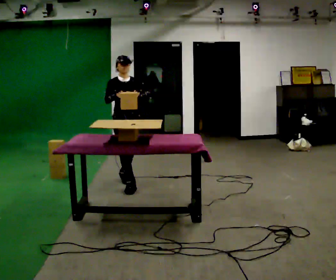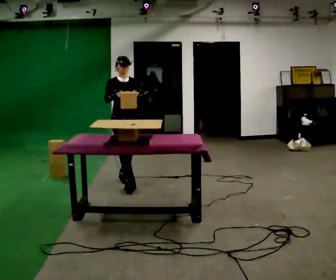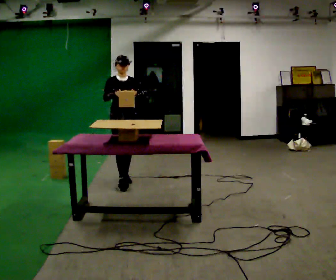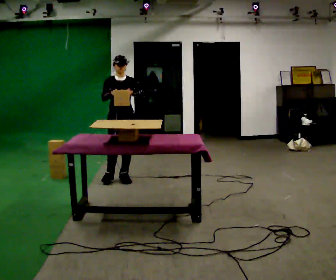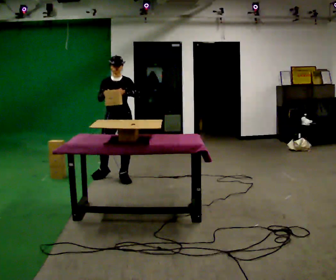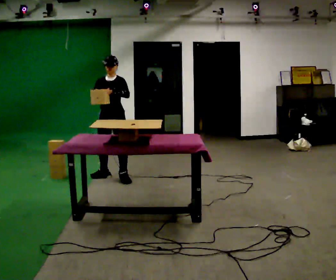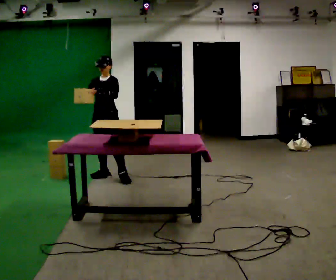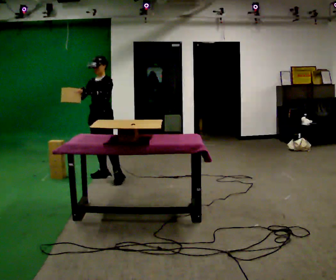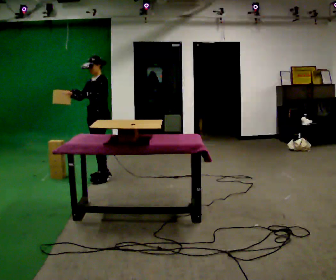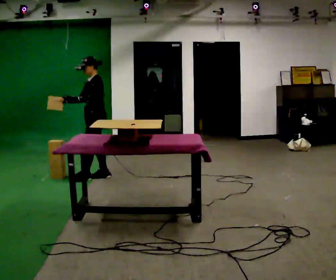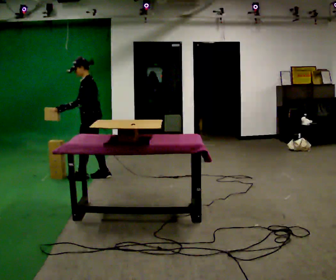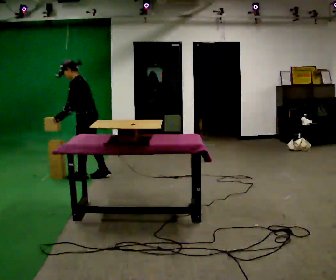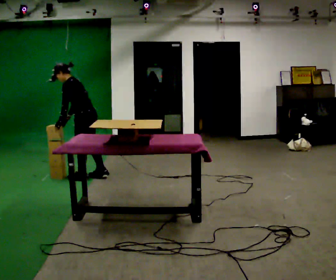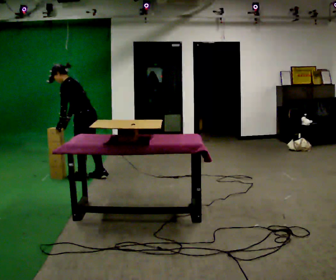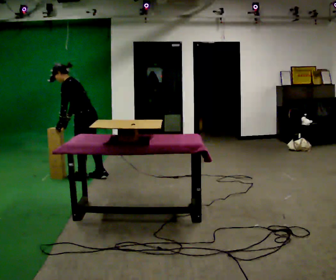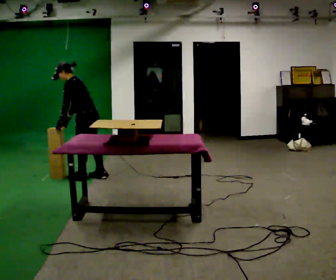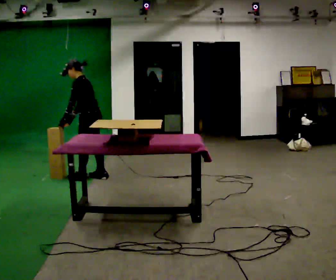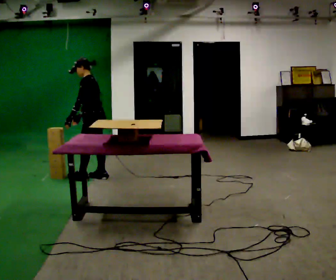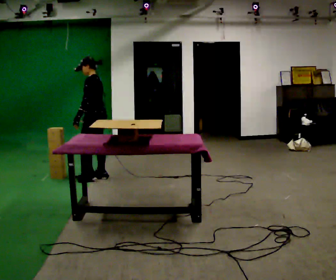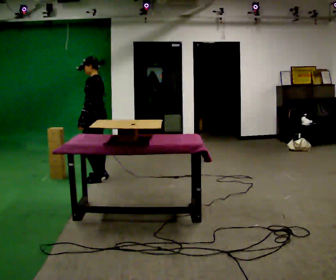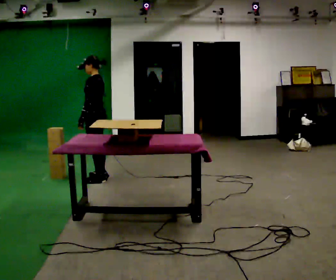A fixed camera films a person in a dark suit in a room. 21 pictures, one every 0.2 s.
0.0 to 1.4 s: The part of the body nearest the lens slides to the left as the person turns to their right by about 60 degrees. In the picture they go away from the camera and to the left, about 0.5 m in 2 steps, which for them is backward and to their right.
1.4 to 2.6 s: Seen from above the body turns clockwise, about 75 degrees: to their right, with its near side sliding to the left. In the picture they go to the left, about 0.25 m. In the picture the upper body tilts counterclockwise, shoulders to the left, as they bend forward. In the picture their right hand goes downward, the arm swinging counterclockwise.
2.6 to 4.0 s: In the picture the upper body tilts clockwise, shoulders to the right, as they lean back or straighten.
The film runs backward here.
